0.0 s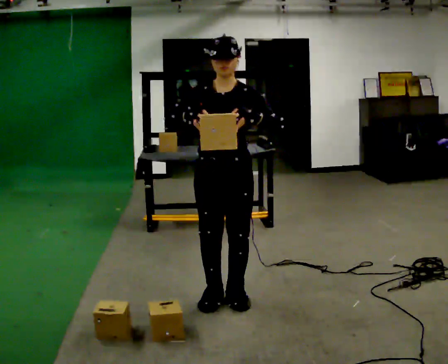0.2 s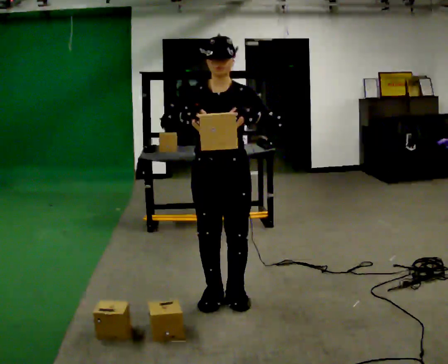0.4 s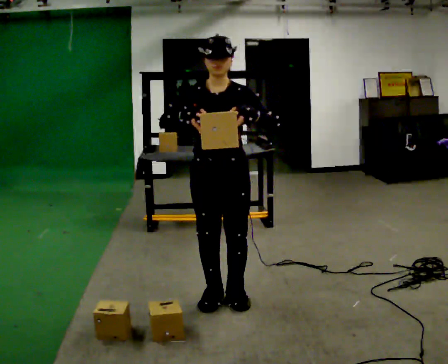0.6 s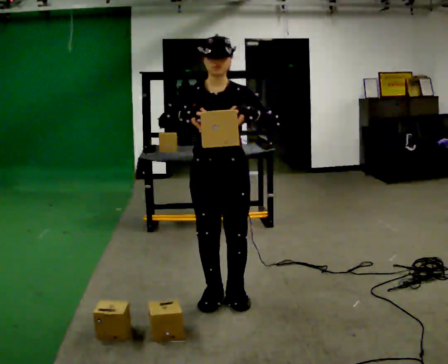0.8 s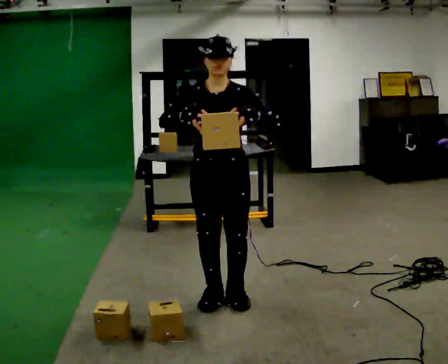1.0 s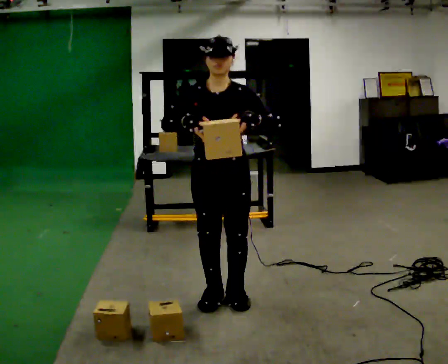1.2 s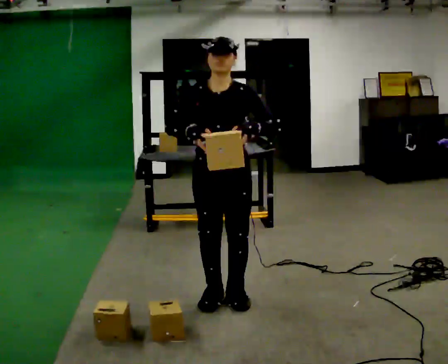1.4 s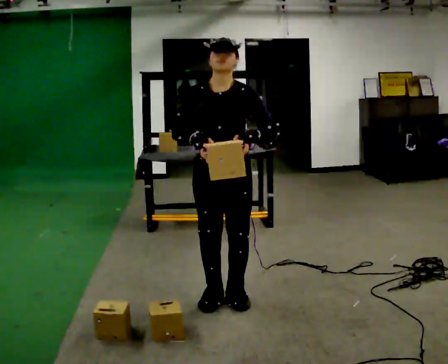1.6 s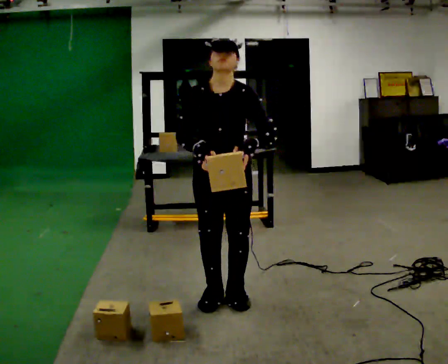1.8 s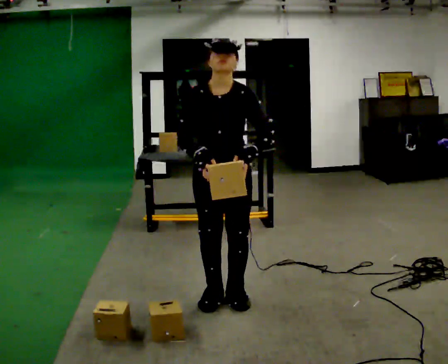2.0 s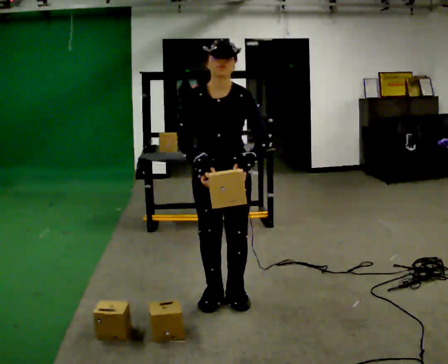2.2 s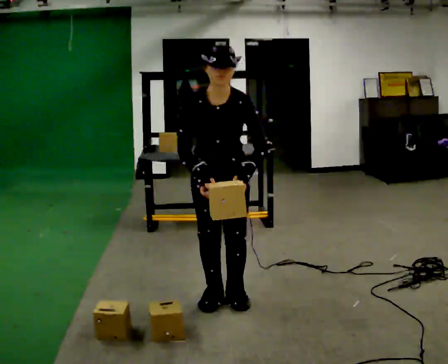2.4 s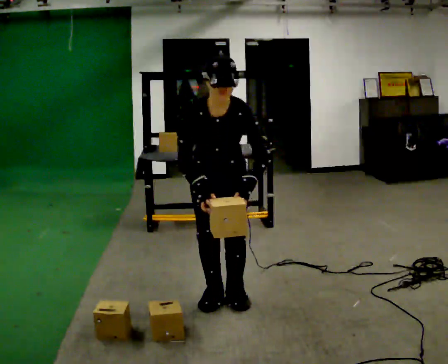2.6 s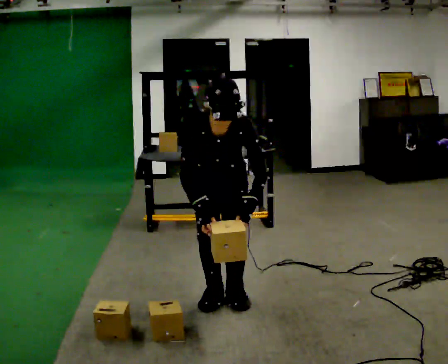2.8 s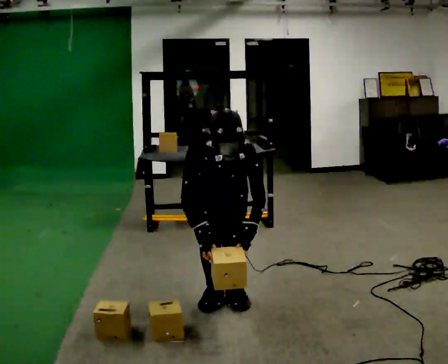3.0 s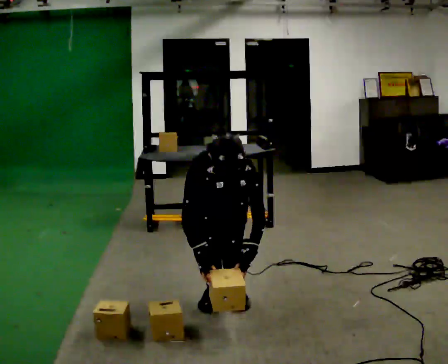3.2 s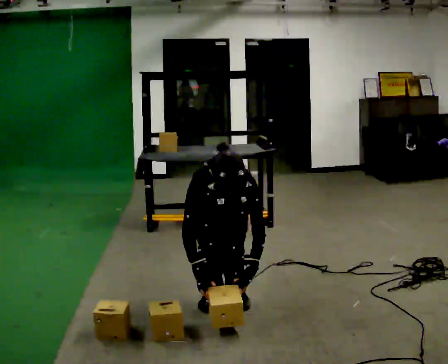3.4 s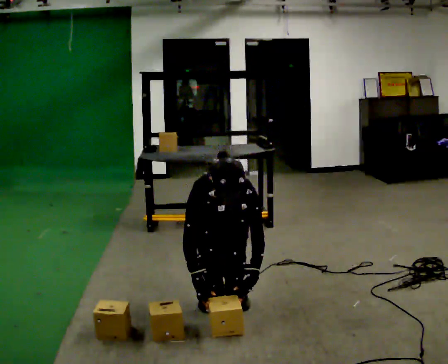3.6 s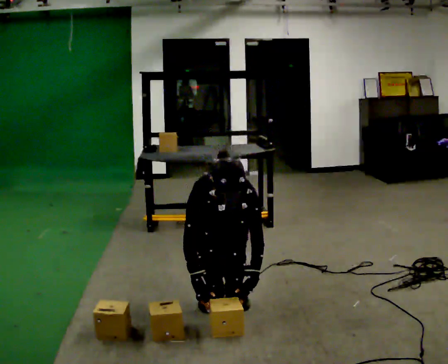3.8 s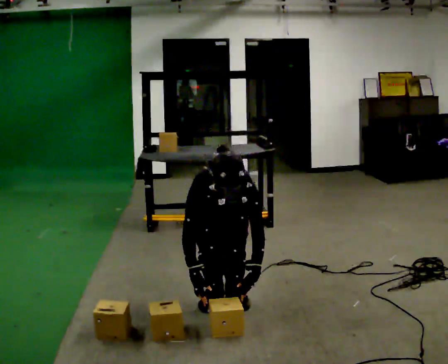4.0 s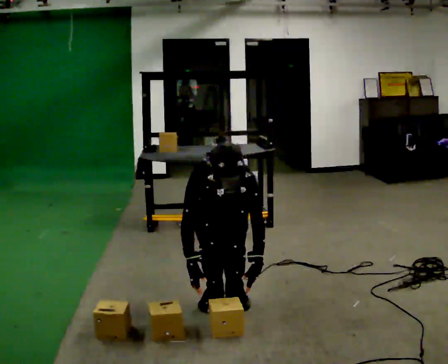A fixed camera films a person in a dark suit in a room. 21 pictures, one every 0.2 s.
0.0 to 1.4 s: The person moves a little, or ends about where they began.
1.4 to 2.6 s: The shoulders move downward. The upper body tips toward the camera, its near side rolling downward, as they bend forward. In the picture their left hand goes downward.
2.6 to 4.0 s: In the picture their right hand goes downward.
The film runs backward here.
